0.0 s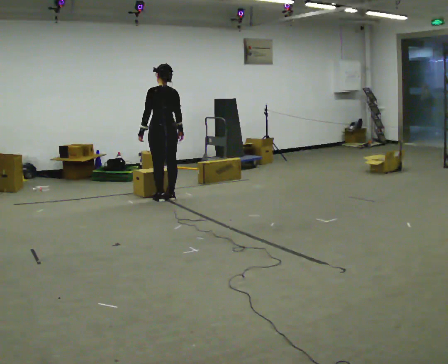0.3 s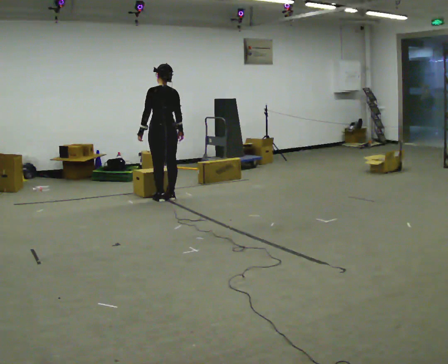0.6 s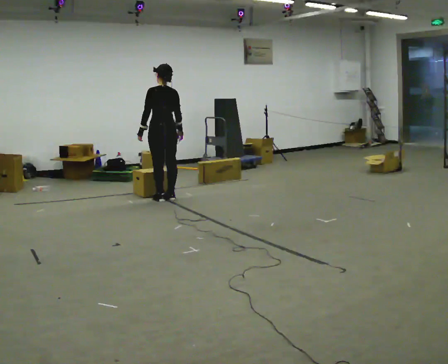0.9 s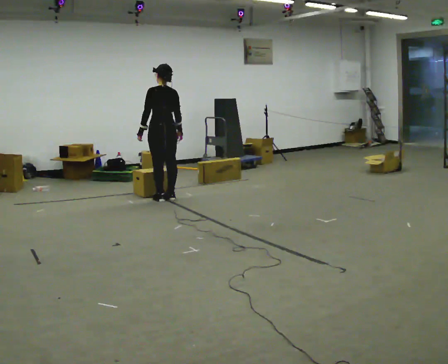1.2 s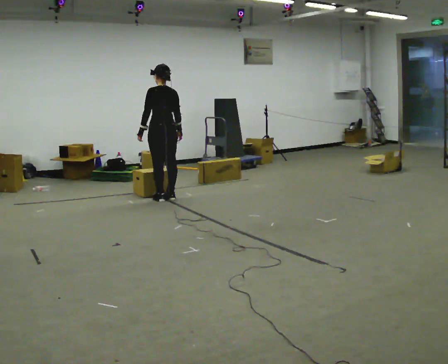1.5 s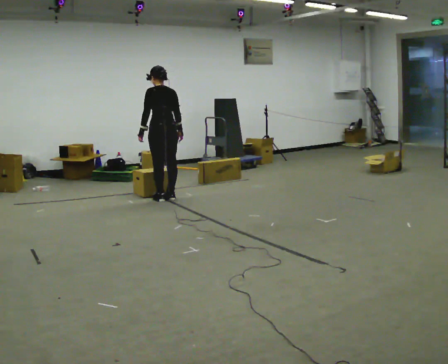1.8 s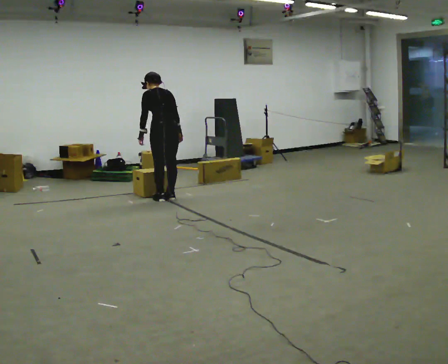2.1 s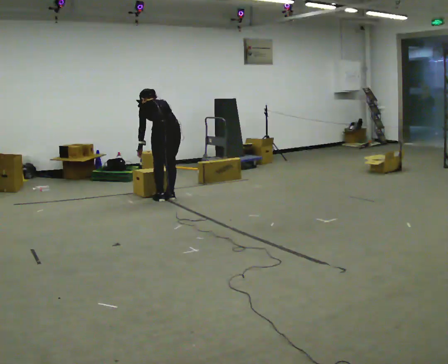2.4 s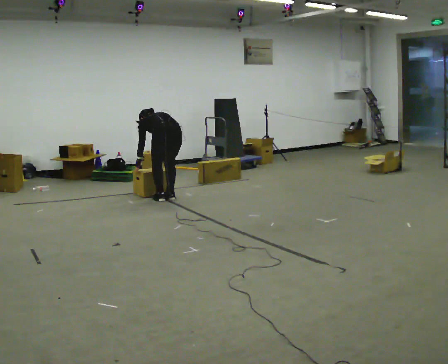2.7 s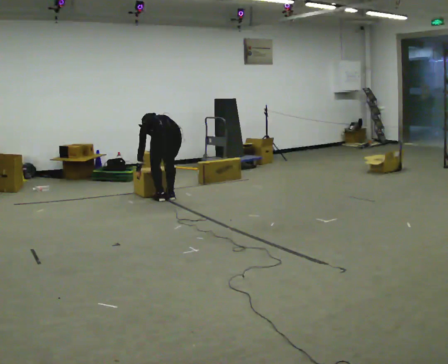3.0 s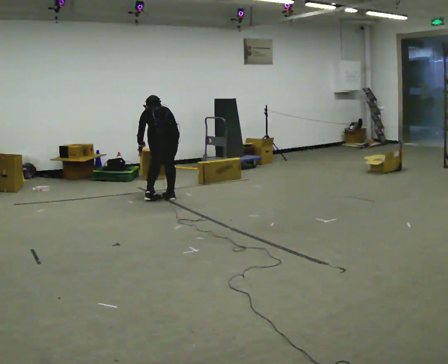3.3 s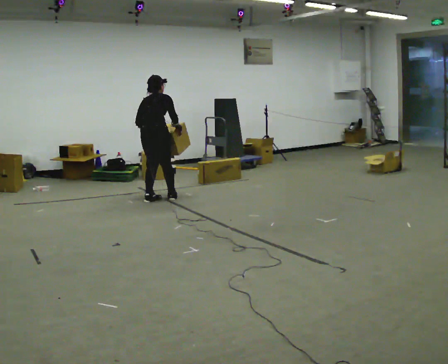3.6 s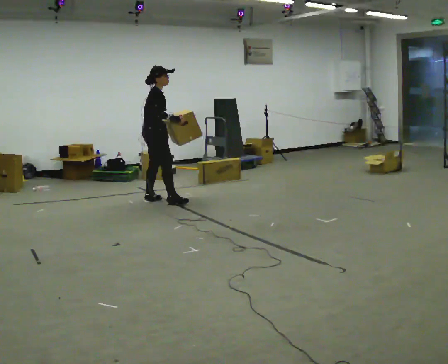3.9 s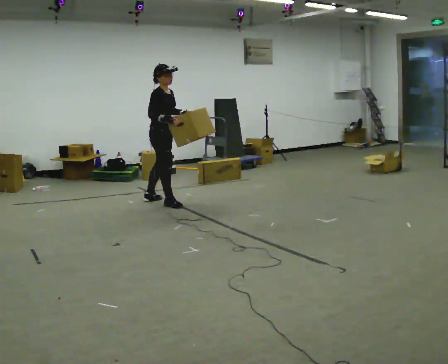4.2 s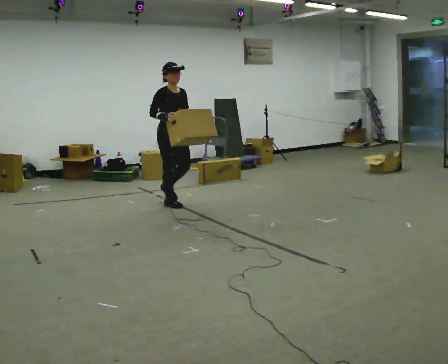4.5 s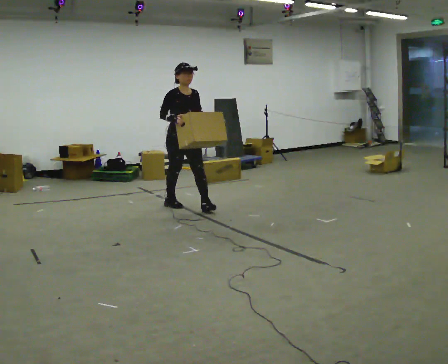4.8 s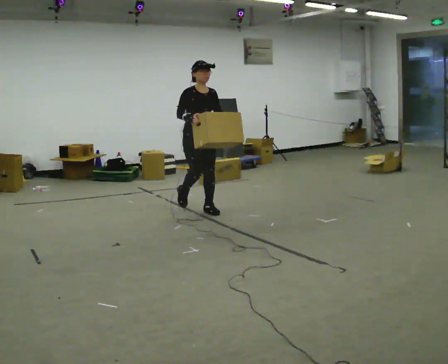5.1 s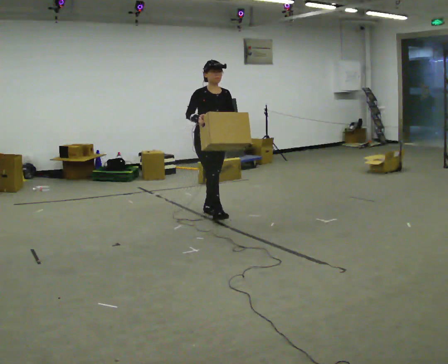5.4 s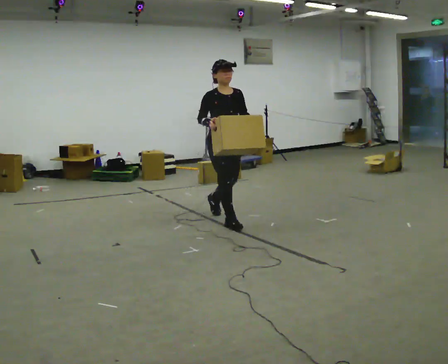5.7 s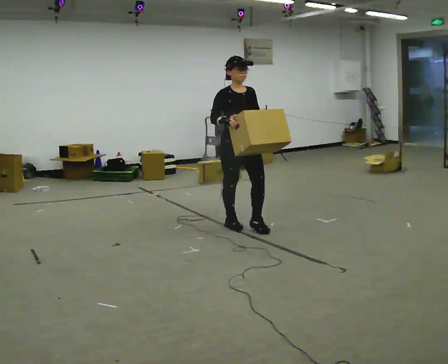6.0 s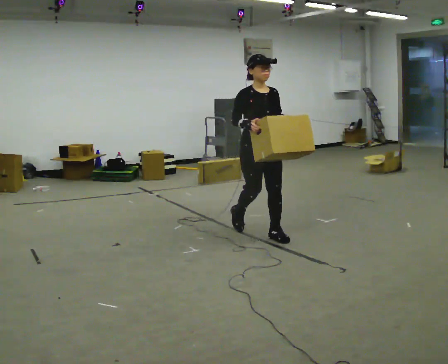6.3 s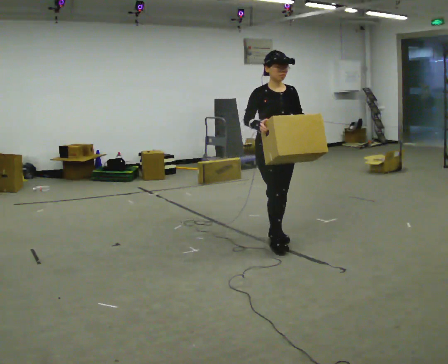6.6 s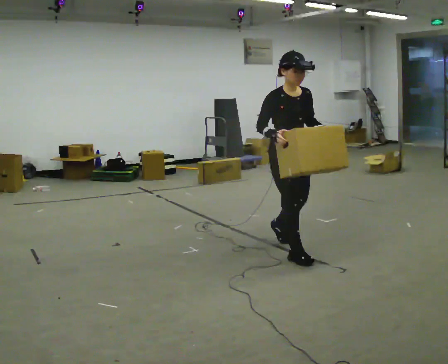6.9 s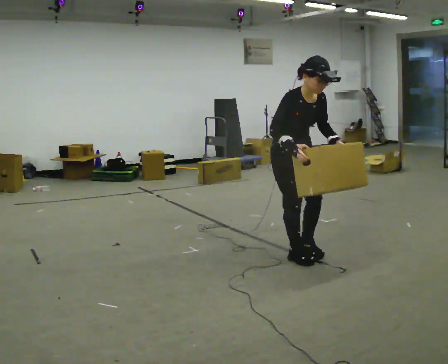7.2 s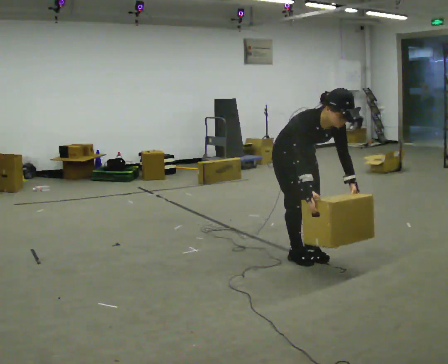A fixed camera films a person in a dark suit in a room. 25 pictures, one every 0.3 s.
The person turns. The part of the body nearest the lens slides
to the left.
The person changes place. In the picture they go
toward the camera.
0.0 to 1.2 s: The person keeps their place and pose.
1.2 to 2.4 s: The shoulders move downward. The upper body tips away from the camera, its near side rolling upward, as they bend forward. In the picture their right hand goes downward.
2.4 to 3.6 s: Seen from above the body turns clockwise, about 105 degrees: to their right, with its near side sliding to the left. In the picture they go to the left, about 0.25 m in 1 step. The shoulders move upward. The upper body tips toward the camera, its near side rolling downward, as they lean back or straighten. In the picture their left hand goes upward and to the right.
3.6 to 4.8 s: The person turns about 75 degrees to their right, clockwise seen from above, so the part of the body nearest the lens slides to the left. In the picture they go to the right and toward the camera, about 0.5 m in 2 steps.
4.8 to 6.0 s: In the picture they go toward the camera and to the right, about 1 m in 2 steps, which for them is forward.
6.0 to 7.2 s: In the picture they go toward the camera, about 0.5 m in 2 steps, which for them is forward. The shoulders move downward. The upper body tips toward the camera, its near side rolling downward, as they bend forward. In the picture their left hand goes downward.
The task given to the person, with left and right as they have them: Carry the box across the room as briskly as you comfortably can, back and forth. Do not run.
The film runs forward here.
